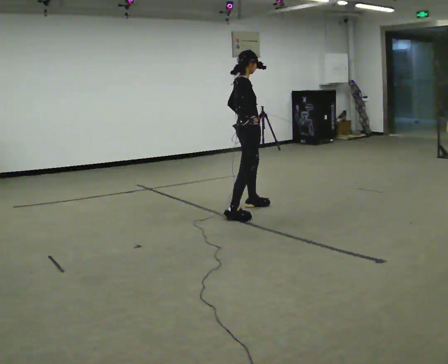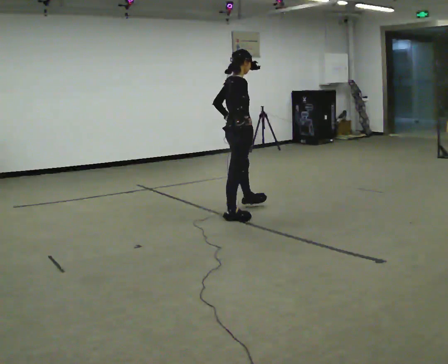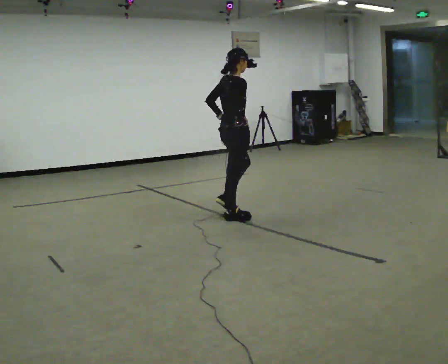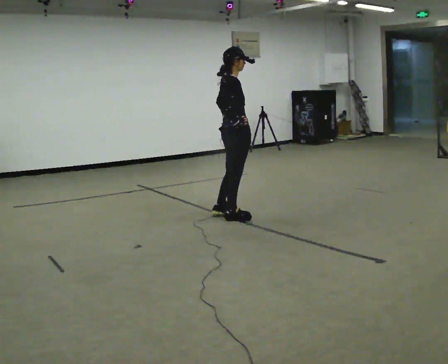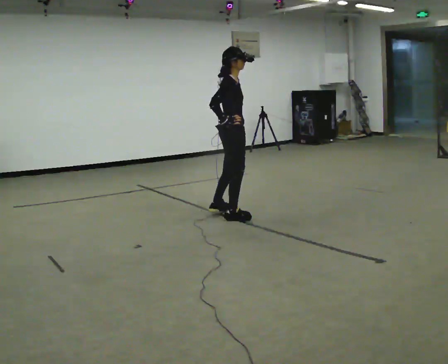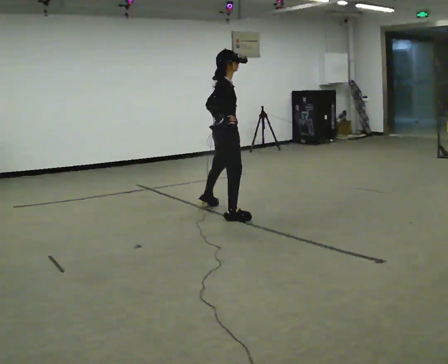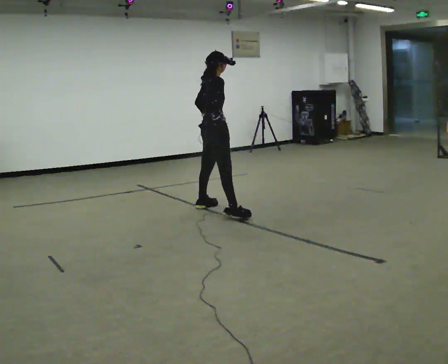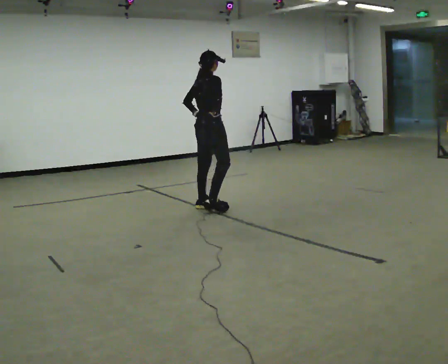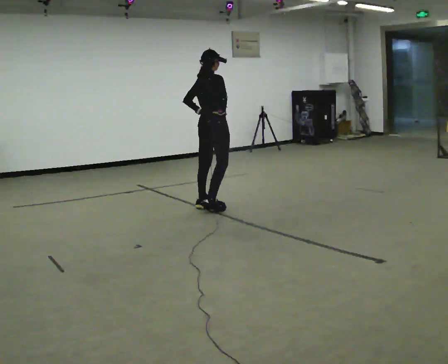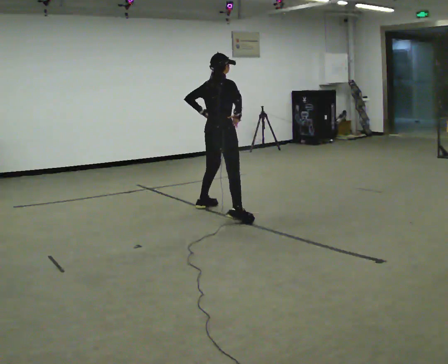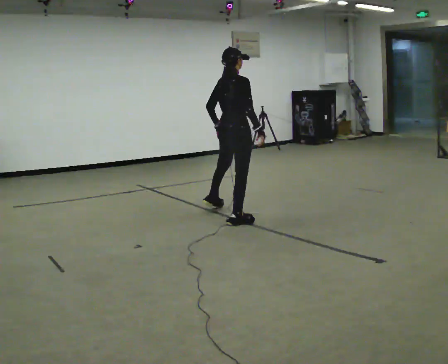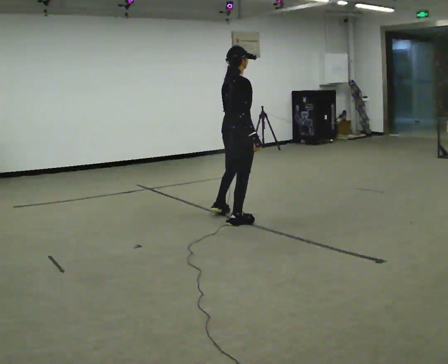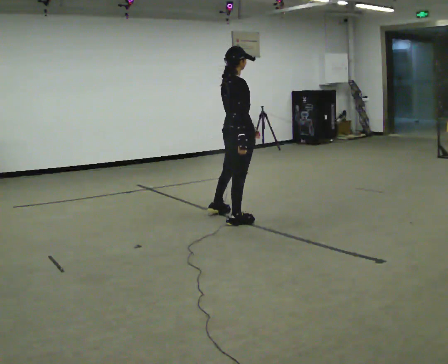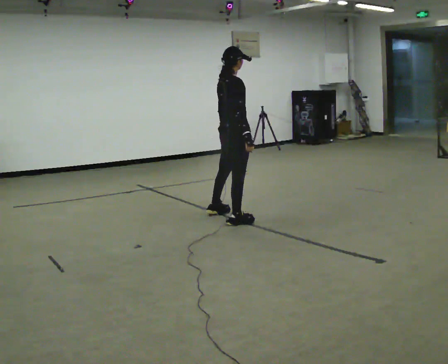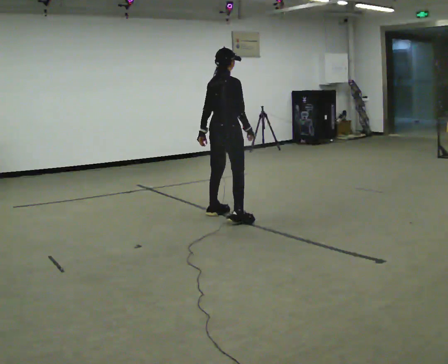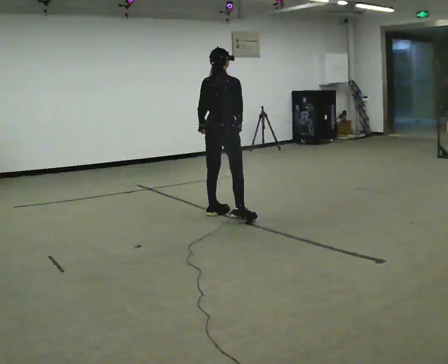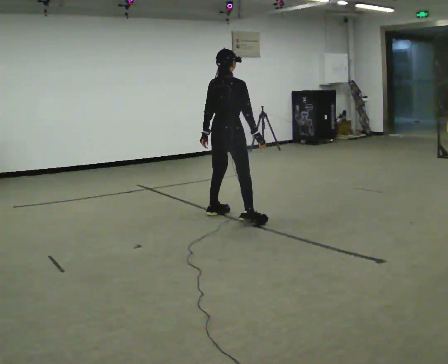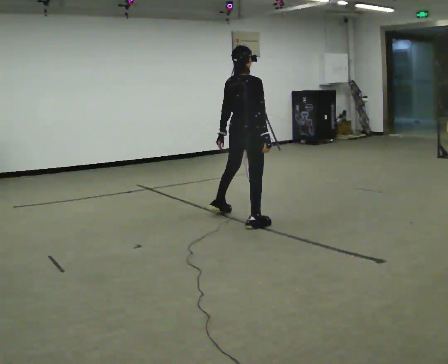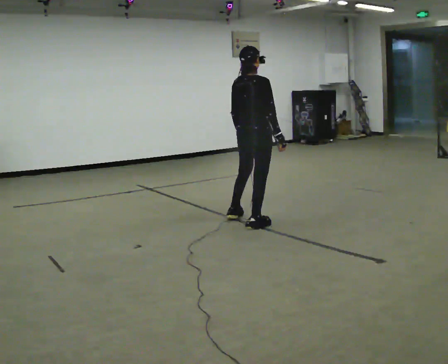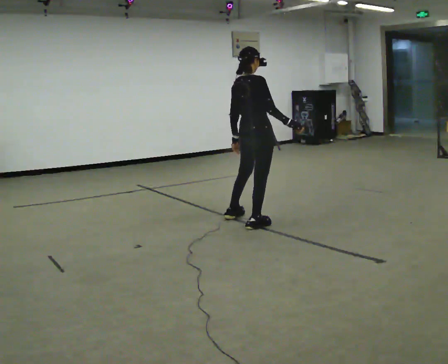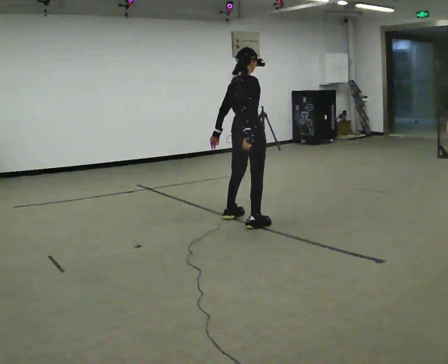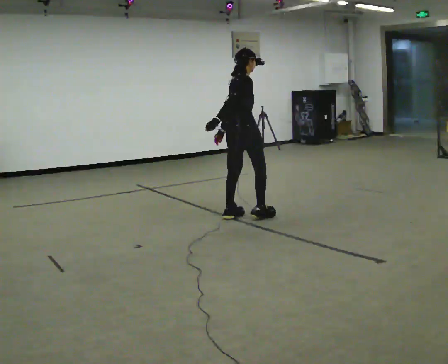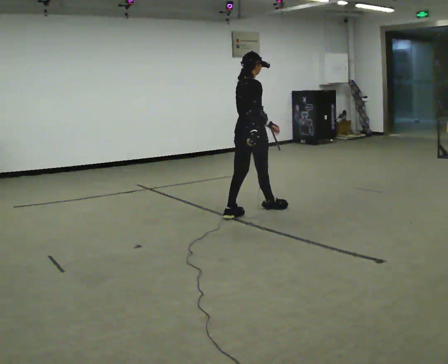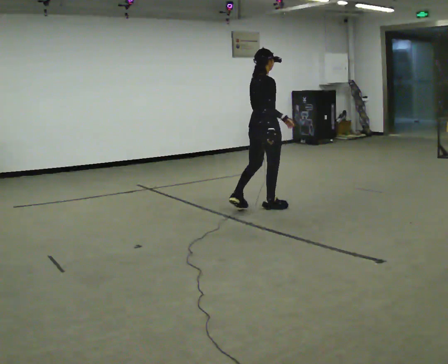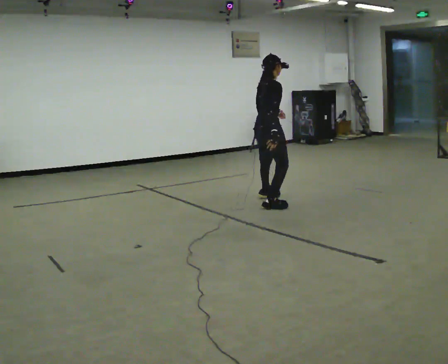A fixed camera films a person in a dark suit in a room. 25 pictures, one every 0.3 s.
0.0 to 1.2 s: In the picture they go toward the camera and to the left, about 0.25 m in 2 steps, which for them is backward and to their right.
1.2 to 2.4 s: Seen from above the body turns counterclockwise, about 30 degrees: to their left, with its near side sliding to the right. In the picture they go away from the camera and to the left, about 0.5 m in 1 step, which for them is to their left.
2.4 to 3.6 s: In the picture they go toward the camera and to the right, about 0.5 m in 1 step, which for them is to their right.
3.6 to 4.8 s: In the picture they go away from the camera, about 0.25 m in 1 step, which for them is to their left. In the picture their left hand goes to the left, the arm swinging clockwise.
4.8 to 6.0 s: In the picture they go to the right and toward the camera, about 0.25 m in 1 step, which for them is to their right.
6.0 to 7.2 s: In the picture they go away from the camera and to the right, about 0.5 m in 2 steps, which for them is forward and to their left.
The film runs backward here.
